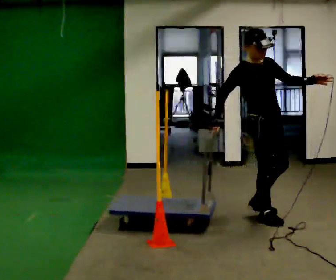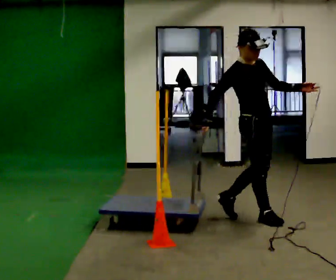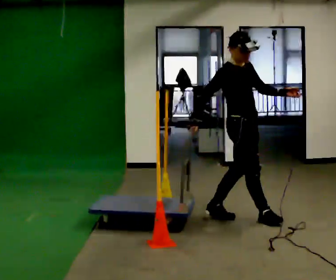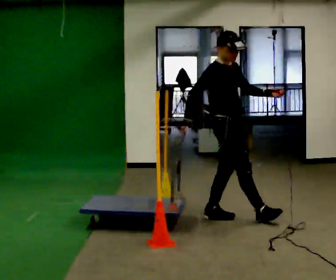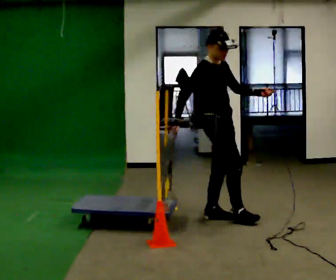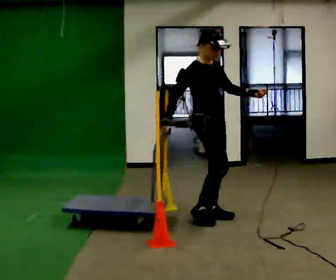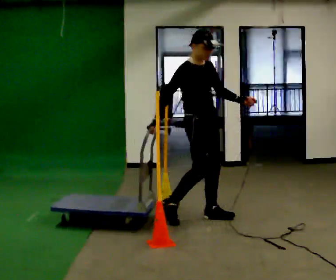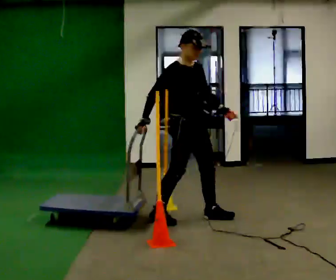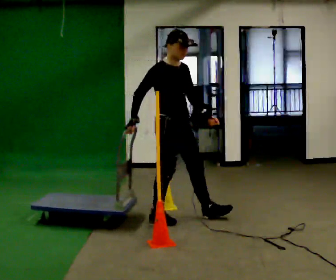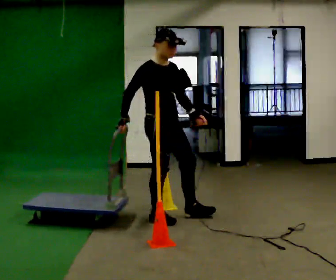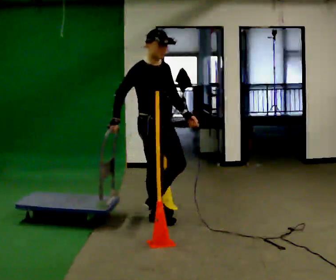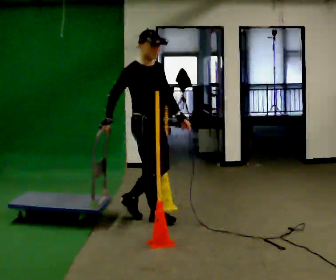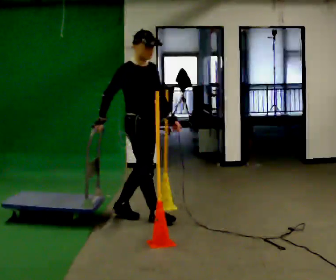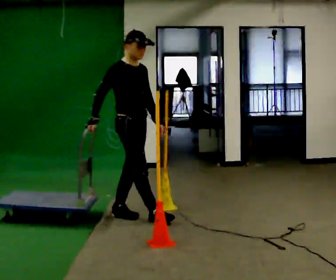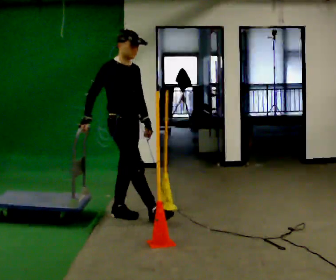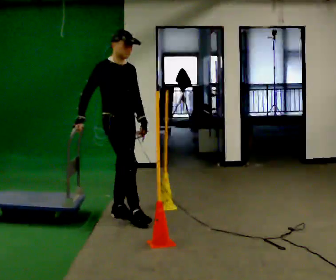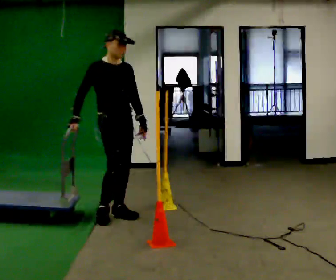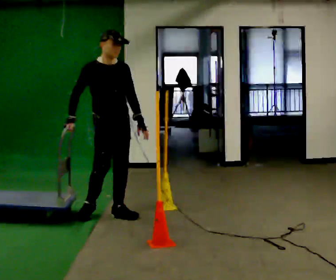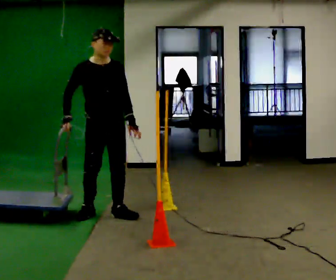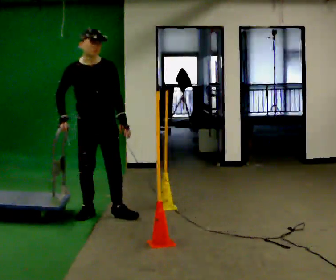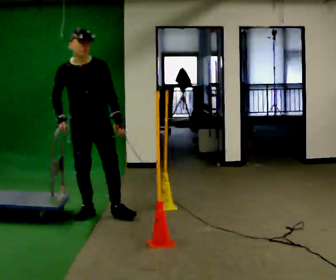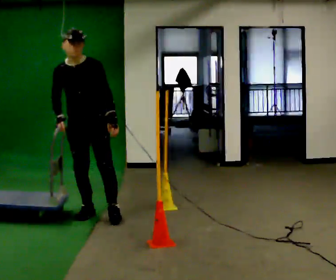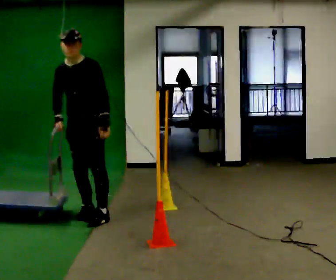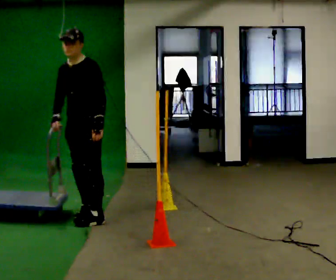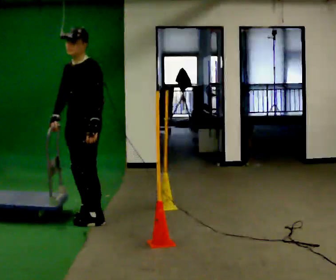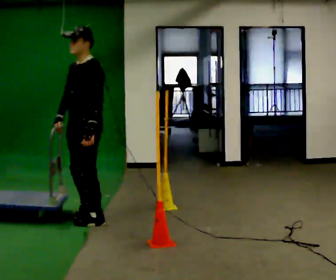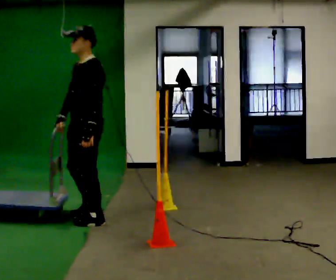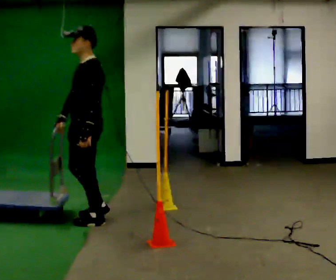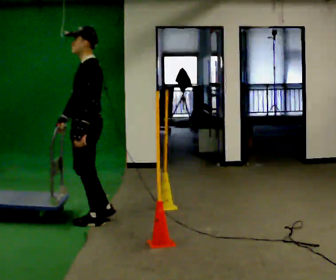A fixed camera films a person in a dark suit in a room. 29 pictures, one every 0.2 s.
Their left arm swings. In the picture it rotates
clockwise.
The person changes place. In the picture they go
to the left.
0.0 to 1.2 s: In the picture they go to the left and away from the camera, about 0.5 m in 1 step, which for them is backward.
1.2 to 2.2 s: In the picture they go to the left, about 0.5 m in 1 step, which for them is backward and to their right.
2.2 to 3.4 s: In the picture they go to the left and away from the camera, about 0.25 m in 1 step, which for them is backward.
3.4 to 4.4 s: The part of the body nearest the lens slides to the left as the person turns to their right by about 60 degrees. In the picture they go to the left, about 0.25 m in 1 step. In the picture their left hand goes to the left.
4.4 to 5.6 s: The part of the body nearest the lens slides to the left as the person turns to their right by about 60 degrees. In the picture they go toward the camera, about 0.25 m in 1 step, which for them is to their left.
The film runs backward here.
